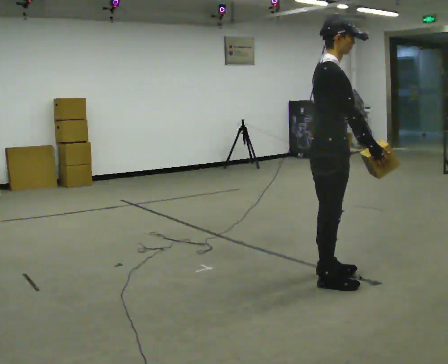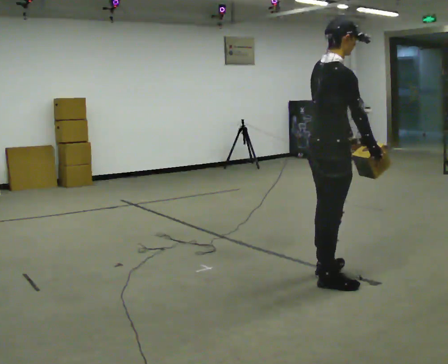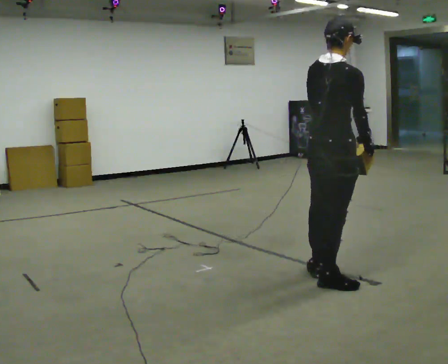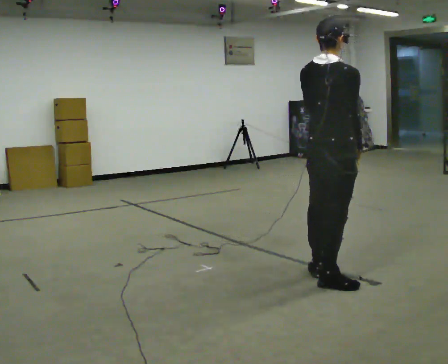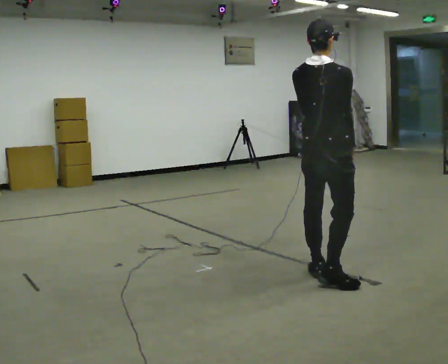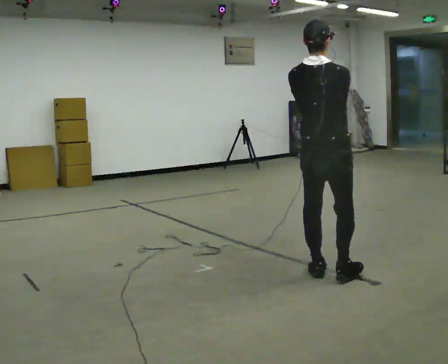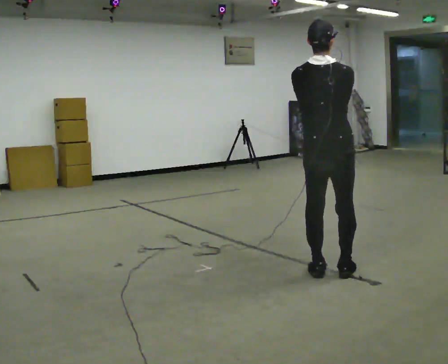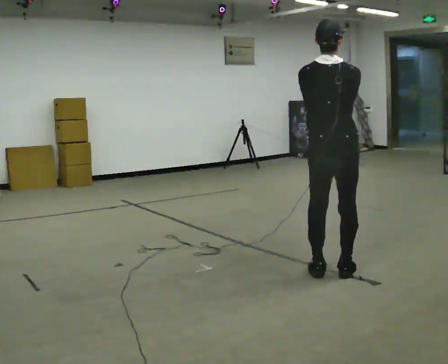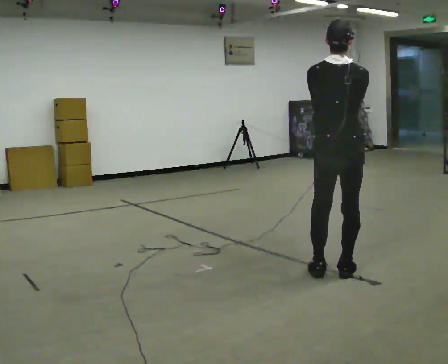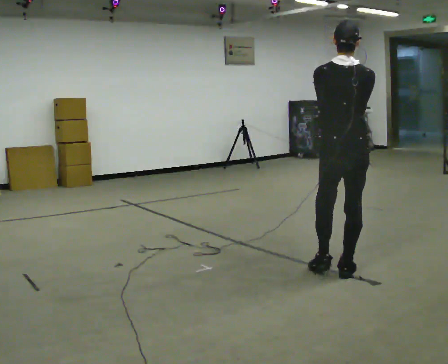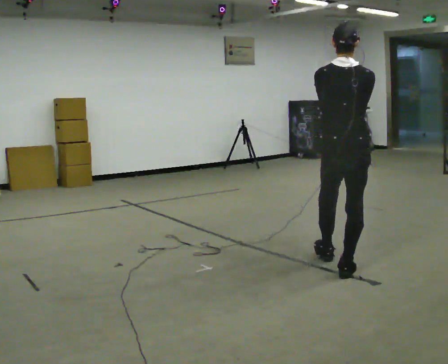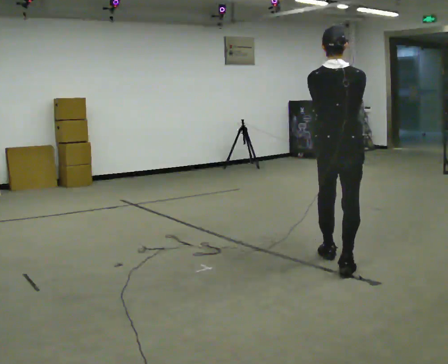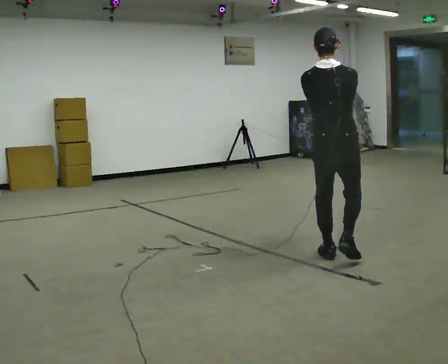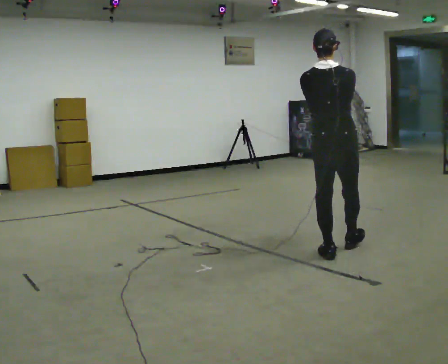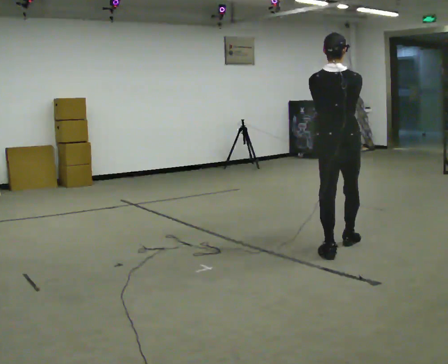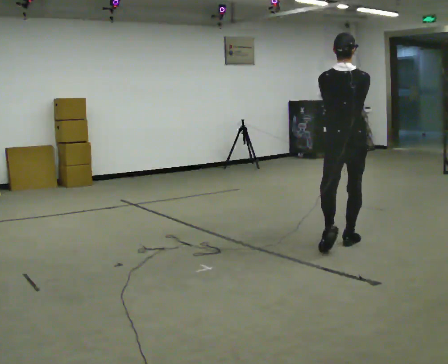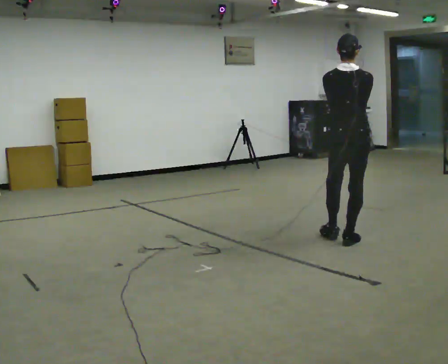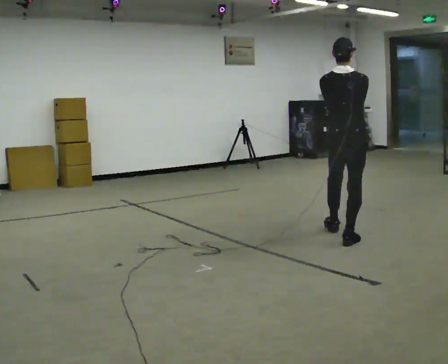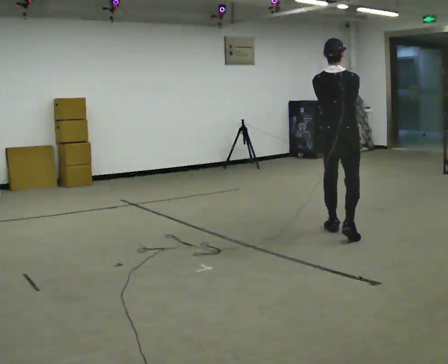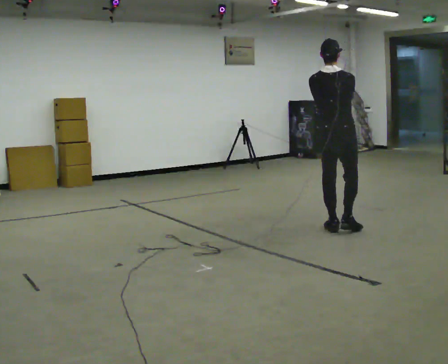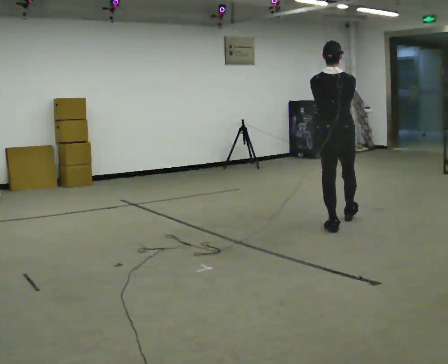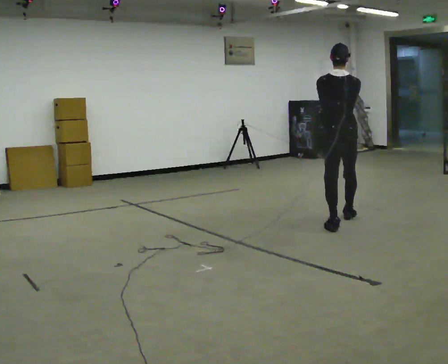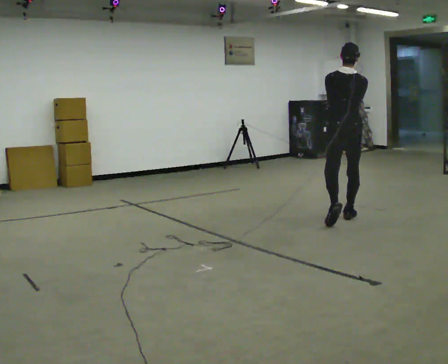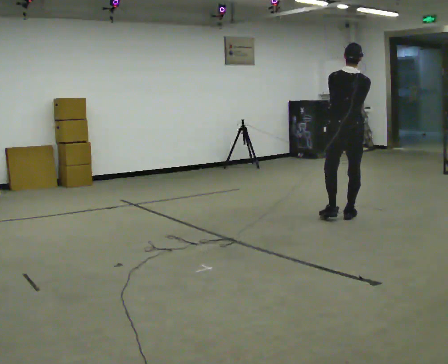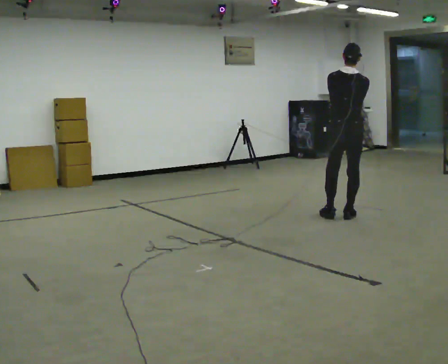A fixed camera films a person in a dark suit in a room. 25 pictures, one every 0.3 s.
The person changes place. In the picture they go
away from the camera.
0.0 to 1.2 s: The person turns about 60 degrees to their left, counterclockwise seen from above, so the part of the body nearest the lens slides to the right.
1.2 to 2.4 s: Seen from above the body turns counterclockwise, about 30 degrees: to their left, with its near side sliding to the right.
2.4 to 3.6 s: In the picture they go away from the camera, about 0.25 m in 1 step, which for them is forward.
3.6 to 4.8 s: In the picture they go away from the camera, about 0.5 m in 1 step, which for them is forward.
4.8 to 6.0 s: In the picture they go away from the camera, about 0.5 m in 1 step, which for them is forward.
6.0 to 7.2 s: In the picture they go away from the camera, about 0.5 m in 2 steps, which for them is forward and to their right.
The film runs forward here.
